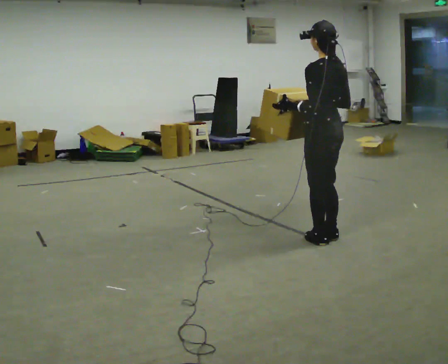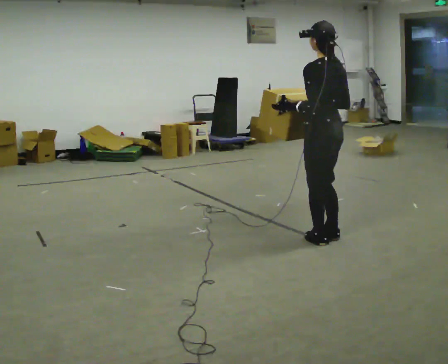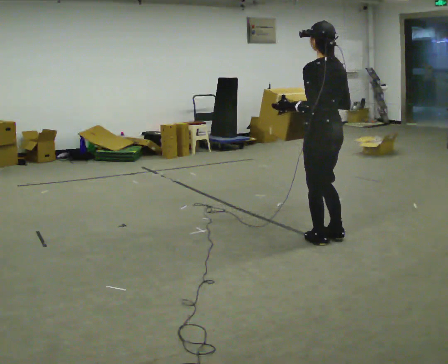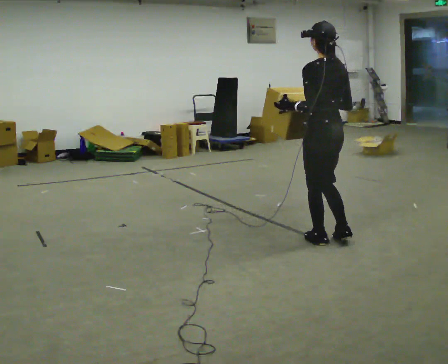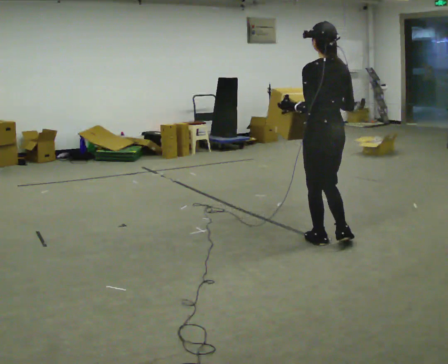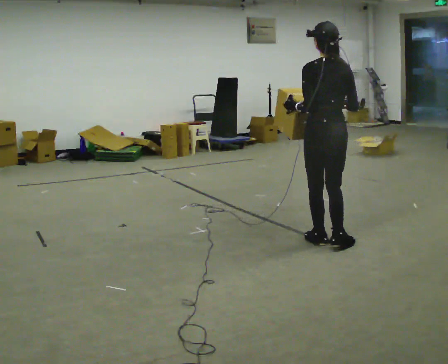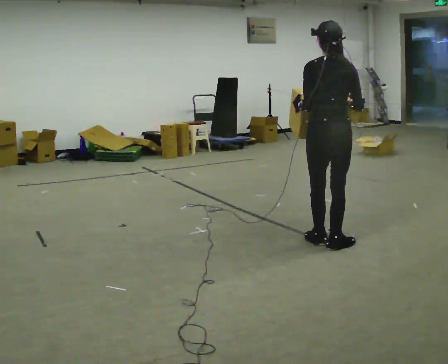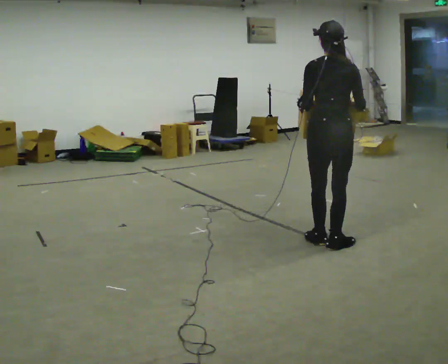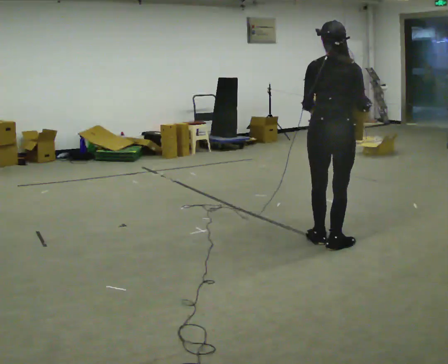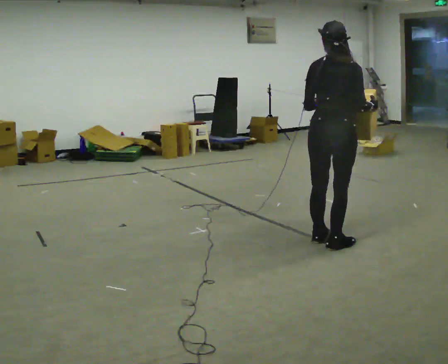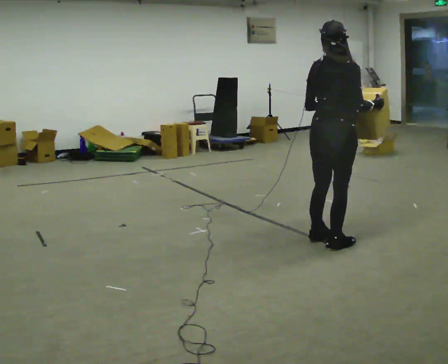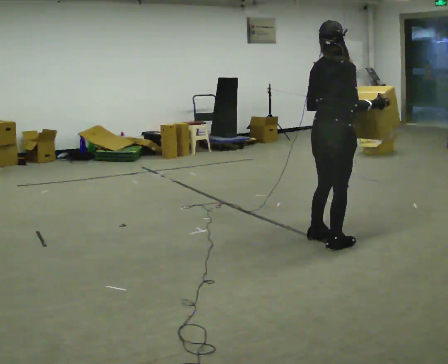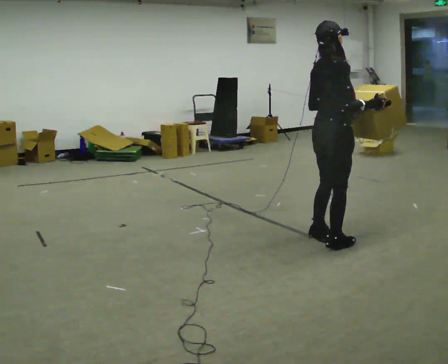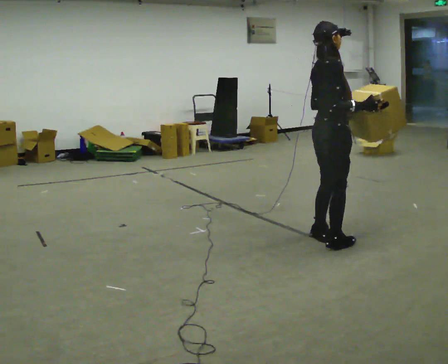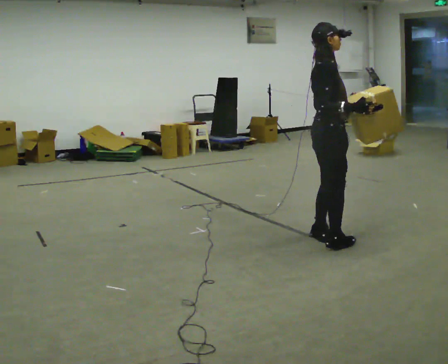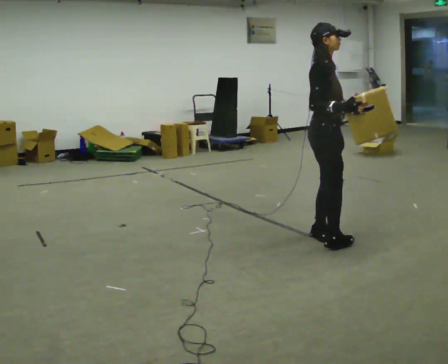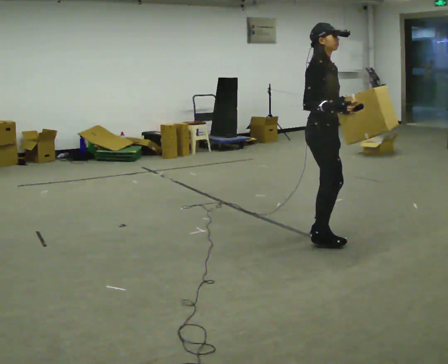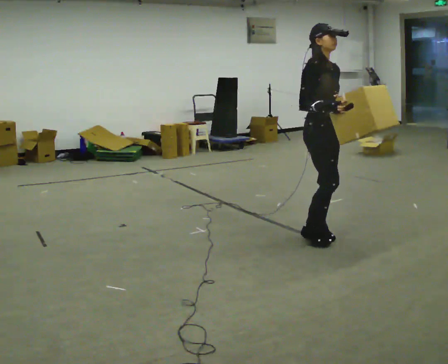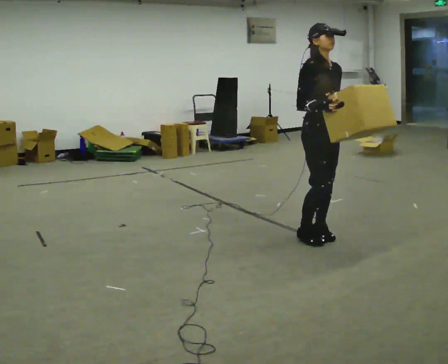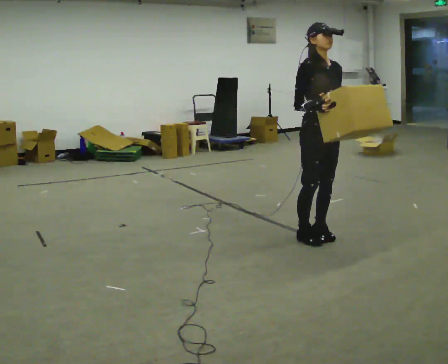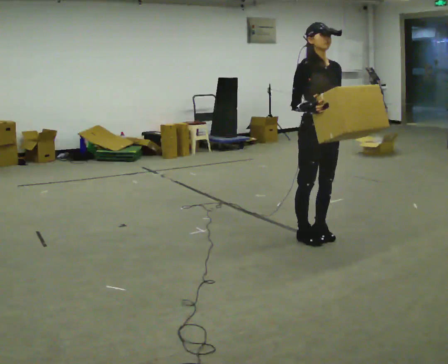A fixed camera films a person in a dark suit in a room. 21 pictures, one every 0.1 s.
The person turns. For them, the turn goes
to their right.
The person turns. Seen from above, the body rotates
clockwise.
0.0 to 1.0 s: The part of the body nearest the lens slides to the left as the person turns to their right by about 75 degrees. In the picture their right hand goes to the right.
1.0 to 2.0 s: The part of the body nearest the lens slides to the left as the person turns to their right by about 120 degrees. In the picture they go away from the camera, about 0.25 m in 1 step. In the picture their right hand goes to the left.
The film runs backward here.
